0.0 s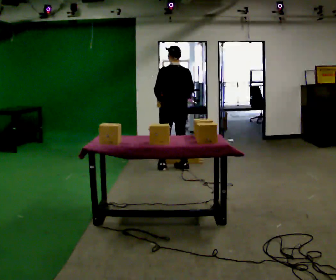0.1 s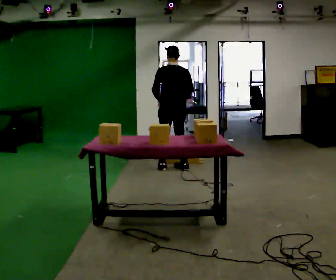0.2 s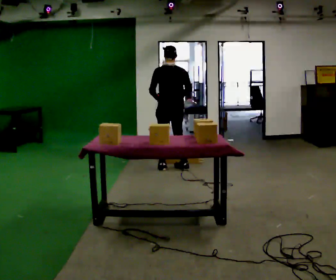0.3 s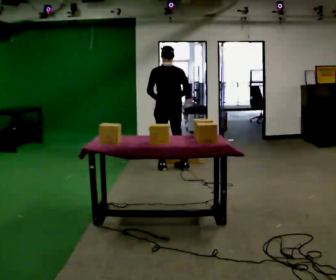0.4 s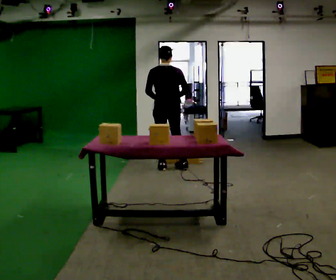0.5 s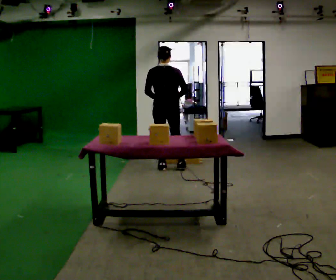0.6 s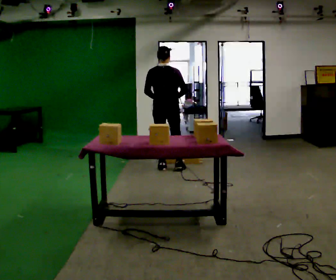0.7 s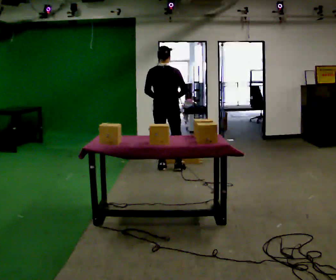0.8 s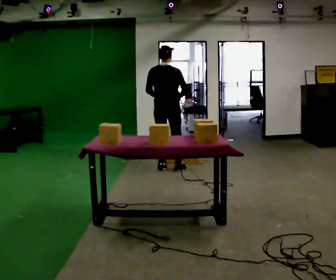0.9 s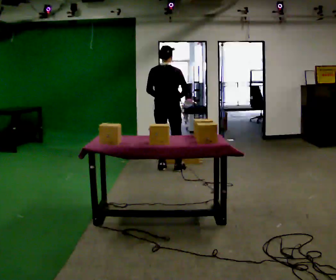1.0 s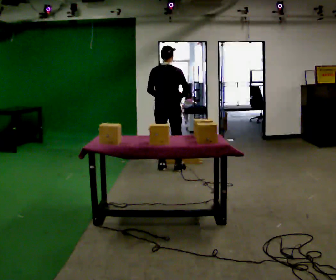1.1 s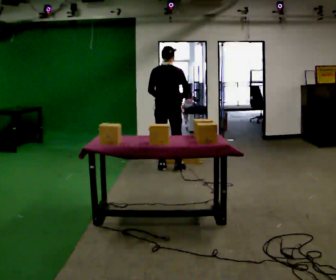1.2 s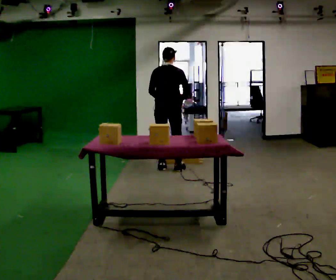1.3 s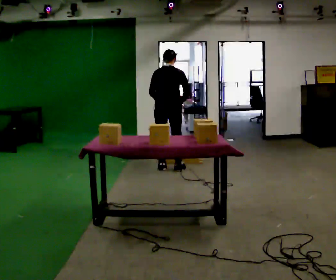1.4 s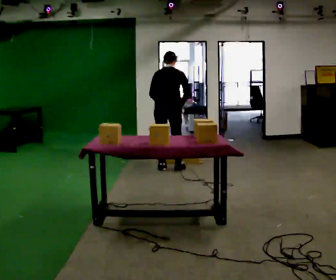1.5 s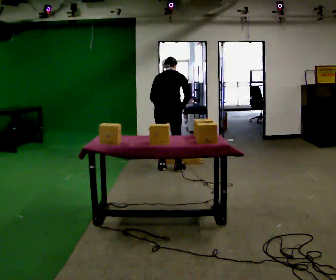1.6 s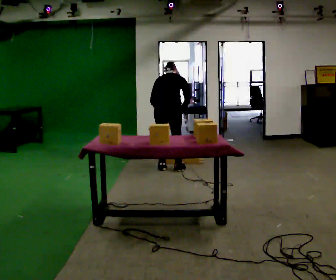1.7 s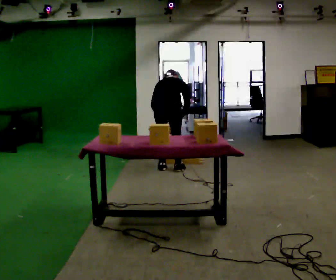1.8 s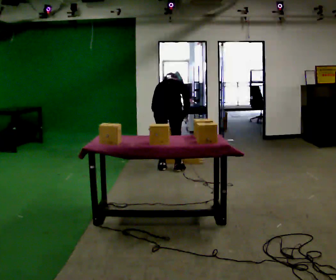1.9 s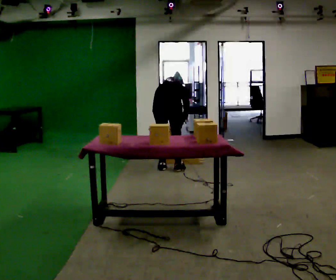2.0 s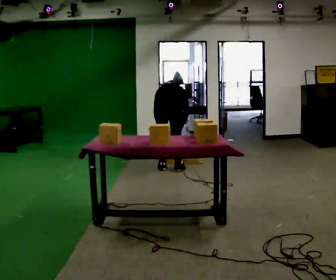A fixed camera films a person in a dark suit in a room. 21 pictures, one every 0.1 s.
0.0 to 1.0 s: The person turns about 45 degrees to their right, clockwise seen from above, so the part of the body nearest the lens slides to the left.
1.0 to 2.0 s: The upper body goes downward. The upper body tips away from the camera, its near side rolling upward, as they bend forward. In the picture their left hand goes downward.
The film runs backward here.
